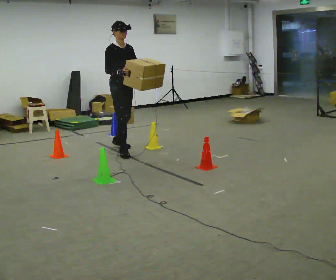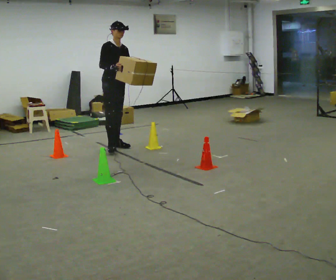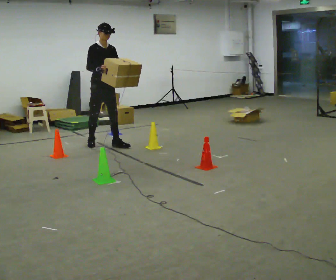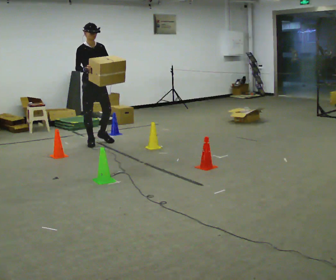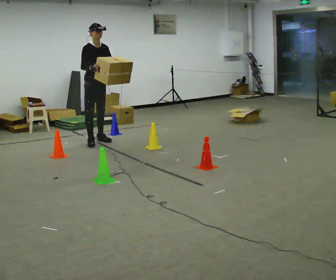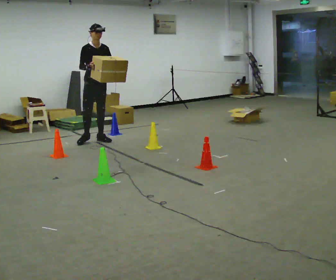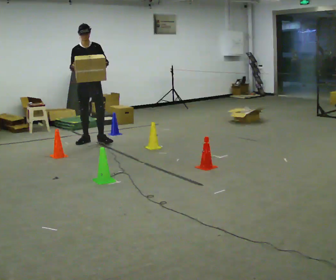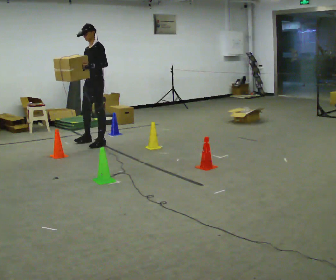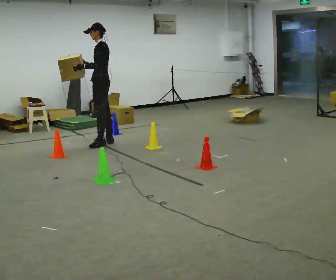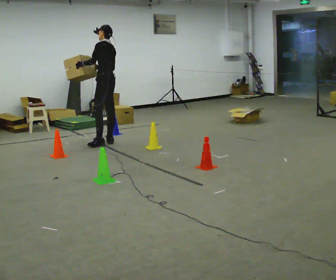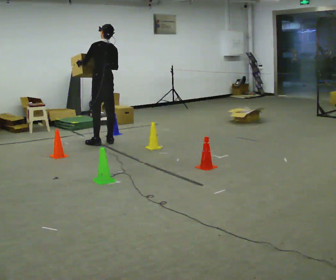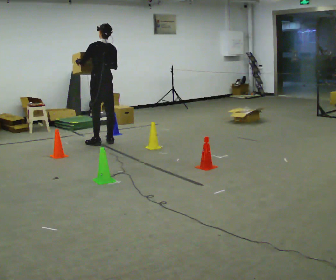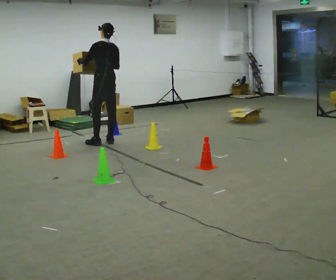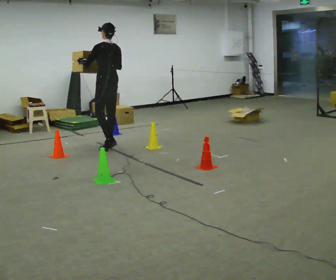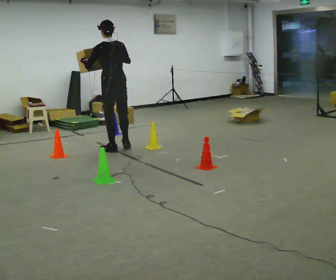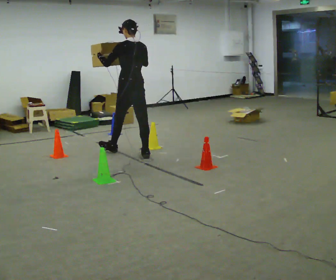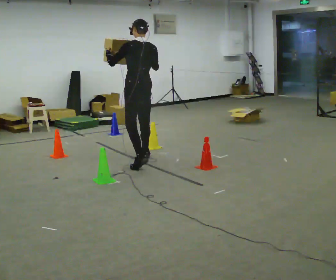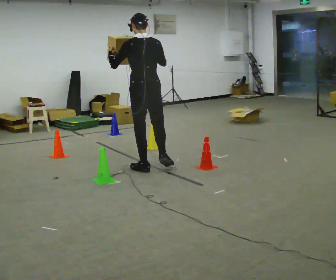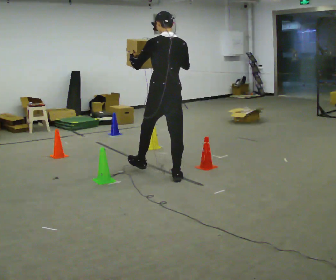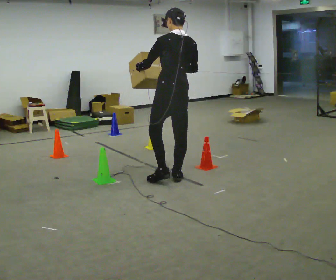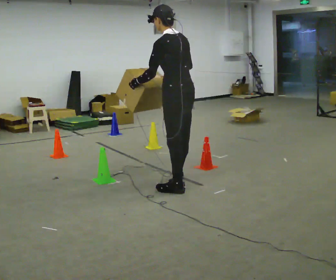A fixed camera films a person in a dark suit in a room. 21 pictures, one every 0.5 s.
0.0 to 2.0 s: In the picture they go away from the camera and to the left, about 0.5 m in 2 steps, which for them is backward.
2.0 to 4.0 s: The person turns about 135 degrees to their right, clockwise seen from above, so the part of the body nearest the lens slides to the left. In the picture they go toward the camera and to the right, about 0.25 m in 2 steps. In the picture the upper body tilts counterclockwise, shoulders to the left.
4.0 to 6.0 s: The person turns about 45 degrees to their right, clockwise seen from above, so the part of the body nearest the lens slides to the left.
6.0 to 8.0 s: In the picture they go toward the camera, about 1 m in 3 steps, which for them is backward.
8.0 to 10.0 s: In the picture they go toward the camera, about 1 m in 2 steps, which for them is backward.
The film runs backward here.
